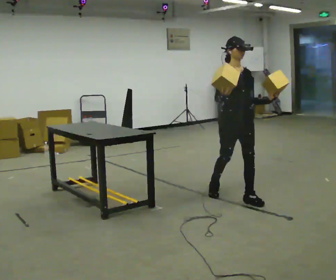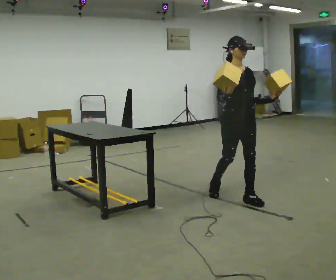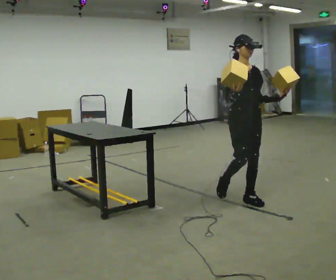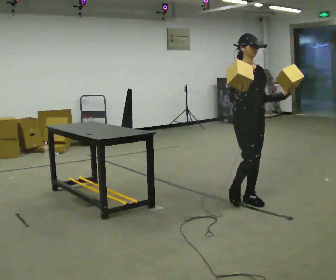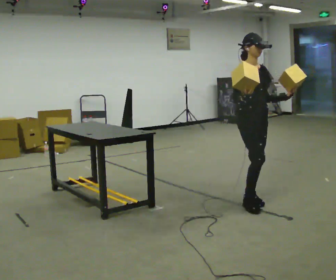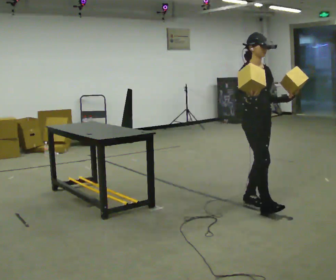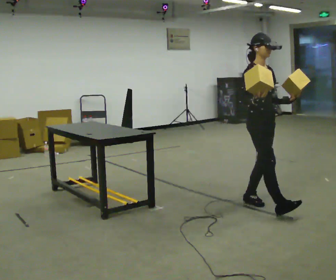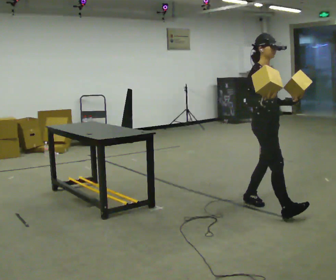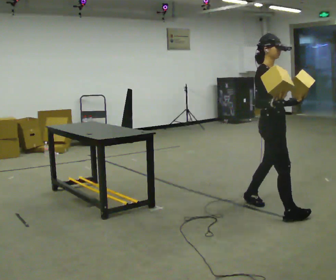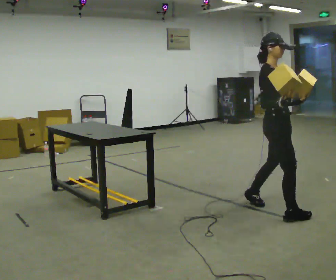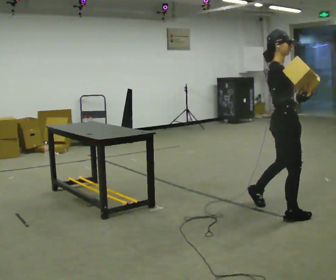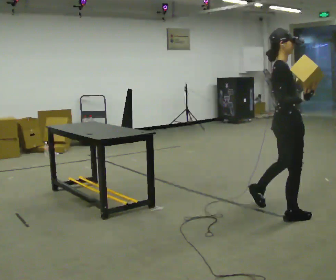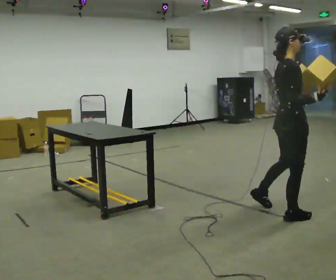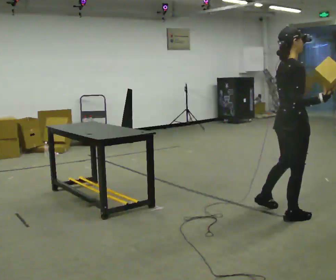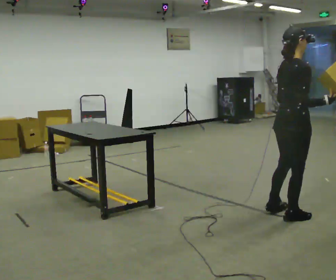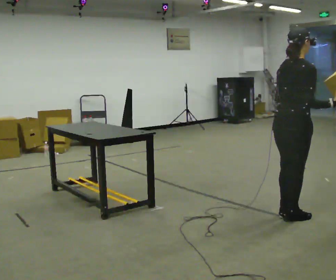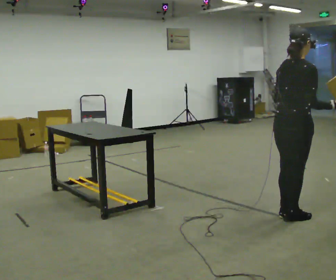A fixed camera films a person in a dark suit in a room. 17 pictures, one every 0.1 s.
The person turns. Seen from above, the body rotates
counterclockwise.
The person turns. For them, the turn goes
to their left.
0.0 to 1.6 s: Seen from above the body turns counterclockwise, about 105 degrees: to their left, with its near side sliding to the right. In the picture they go toward the camera and to the right, about 1 m in 2 steps.
The film runs forward here.
